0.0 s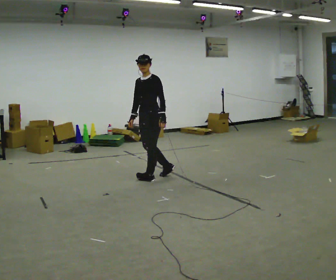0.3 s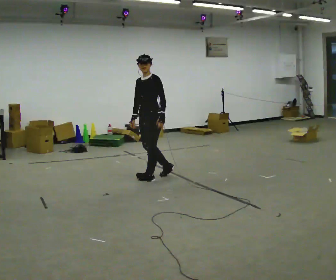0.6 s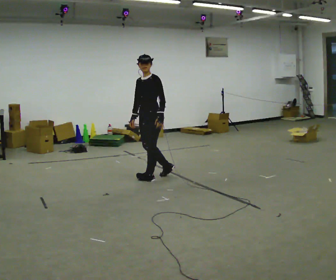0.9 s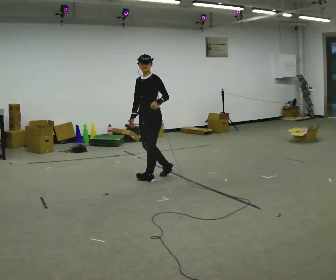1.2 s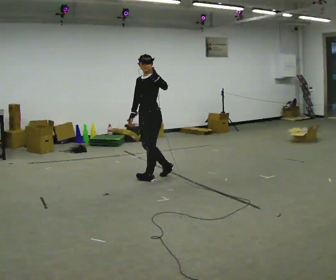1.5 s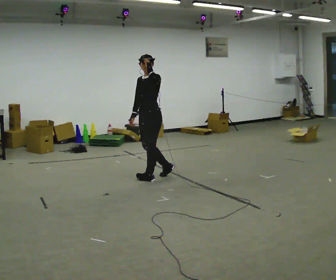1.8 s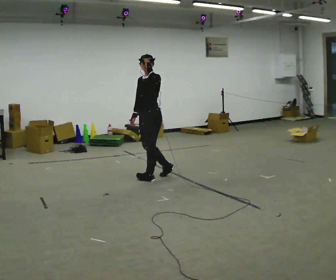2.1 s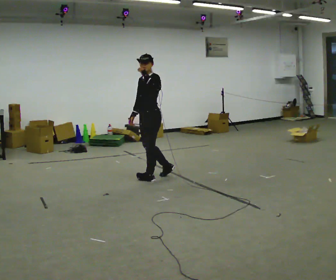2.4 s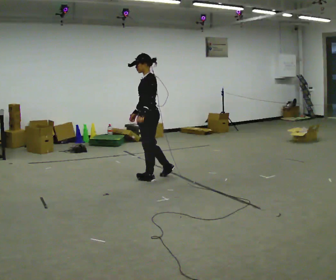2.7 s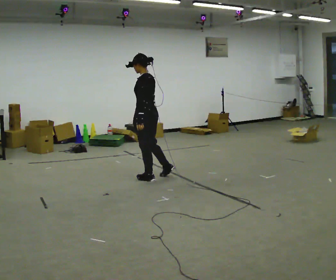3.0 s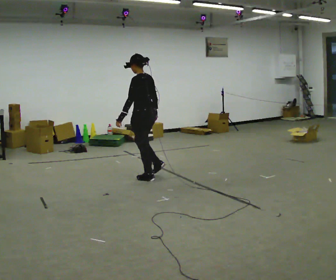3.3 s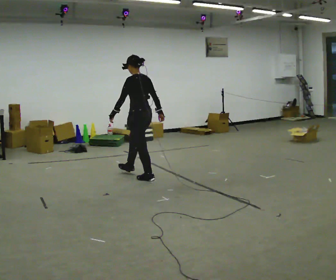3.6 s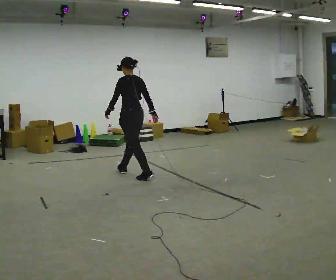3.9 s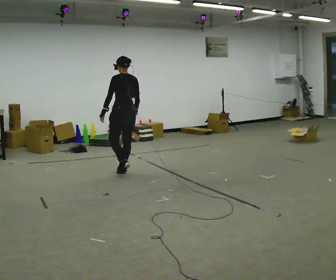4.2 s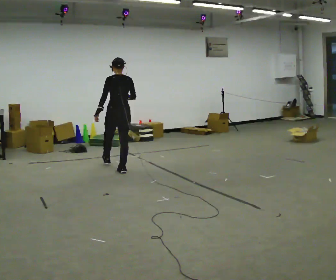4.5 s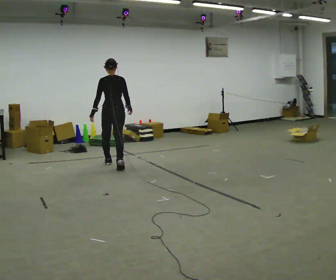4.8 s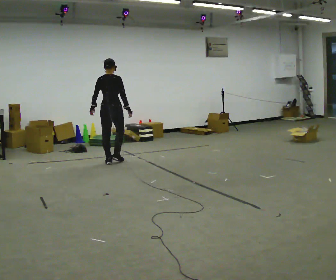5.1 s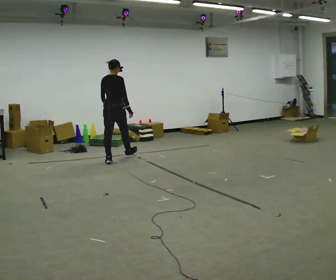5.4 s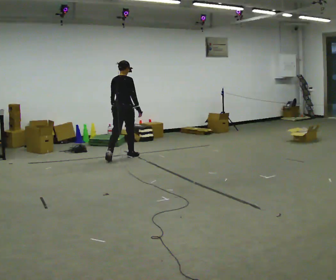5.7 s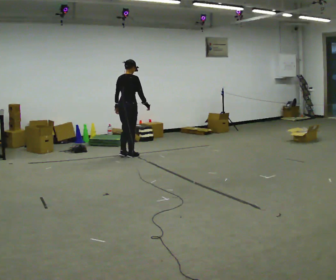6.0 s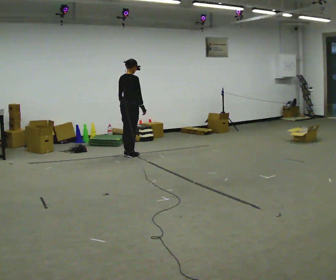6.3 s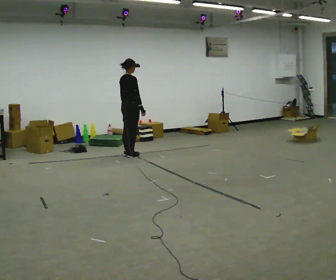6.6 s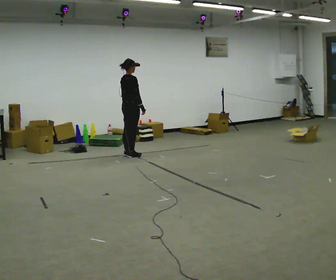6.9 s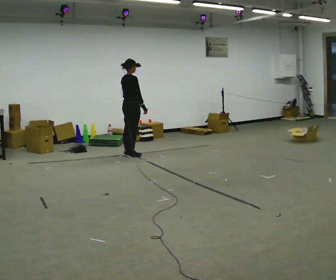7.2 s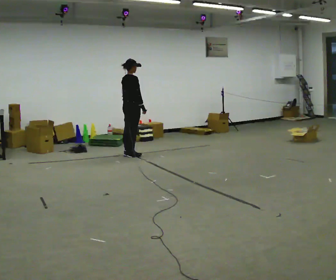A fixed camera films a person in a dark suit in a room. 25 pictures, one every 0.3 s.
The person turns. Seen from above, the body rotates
clockwise.
The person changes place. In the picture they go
away from the camera.
0.0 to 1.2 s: In the picture their left hand goes upward.
1.2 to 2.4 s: The part of the body nearest the lens slides to the left as the person turns to their right by about 30 degrees. In the picture their left hand goes downward.
2.4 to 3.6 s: Seen from above the body turns clockwise, about 45 degrees: to their right, with its near side sliding to the left. In the picture they go to the left and away from the camera, about 0.25 m in 1 step, which for them is forward.
3.6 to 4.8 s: The person turns about 60 degrees to their right, clockwise seen from above, so the part of the body nearest the lens slides to the left. In the picture they go away from the camera and to the left, about 1 m in 1 step, which for them is forward.
4.8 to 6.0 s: The person turns about 30 degrees to their right, clockwise seen from above, so the part of the body nearest the lens slides to the left. In the picture they go away from the camera and to the right, about 0.5 m in 2 steps, which for them is forward.
6.0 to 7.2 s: The person moves a little, or ends about where they began.
The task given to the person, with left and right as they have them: Walk forward; gradually curve left/right; straighten out.
The film runs forward here.
